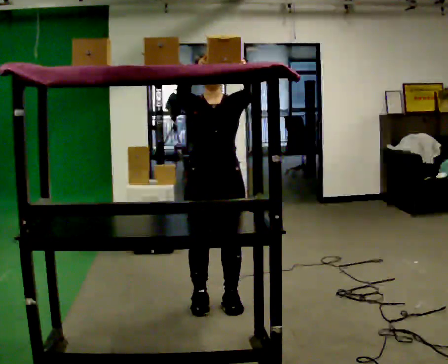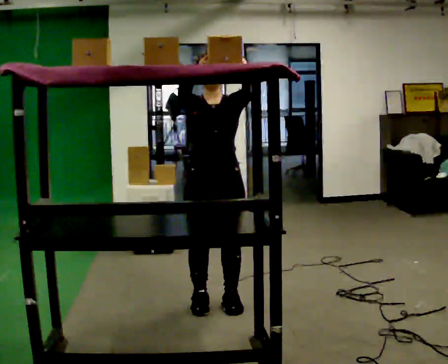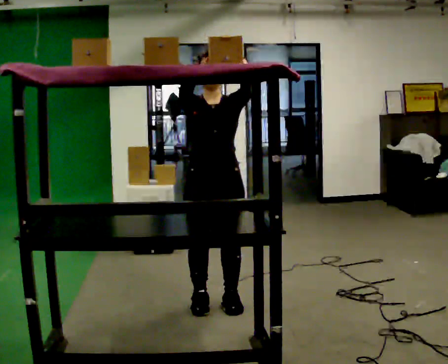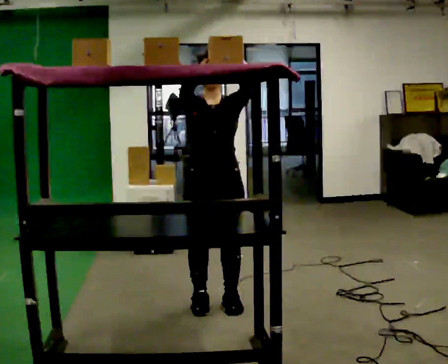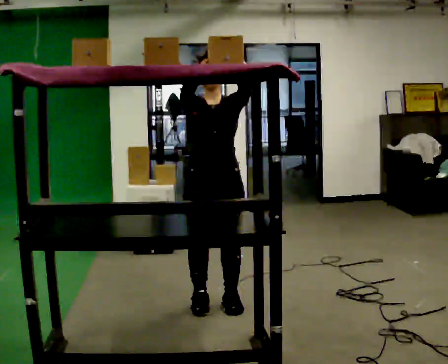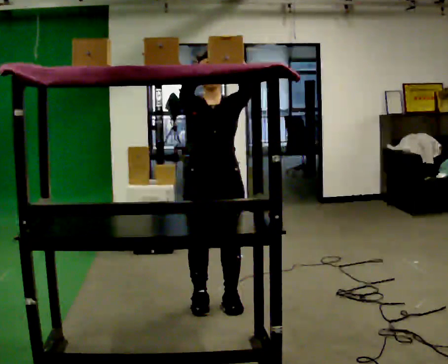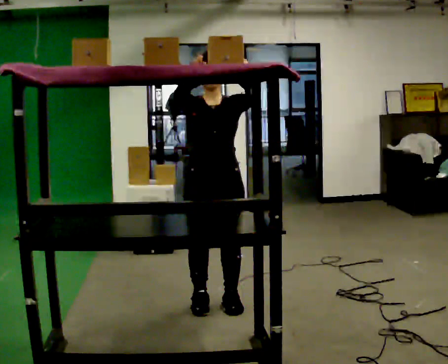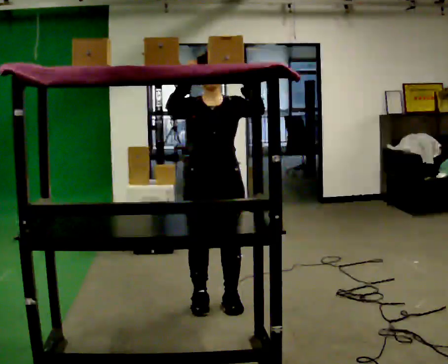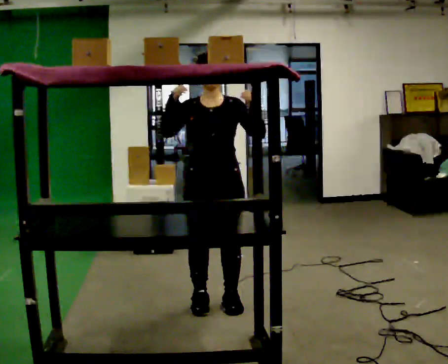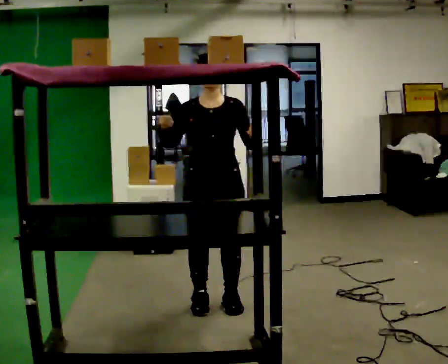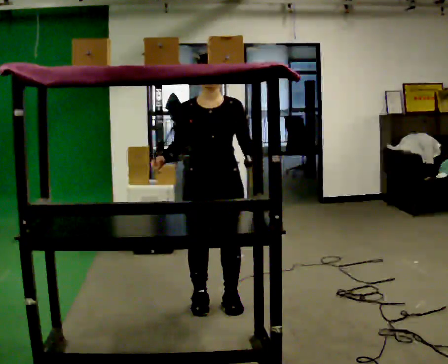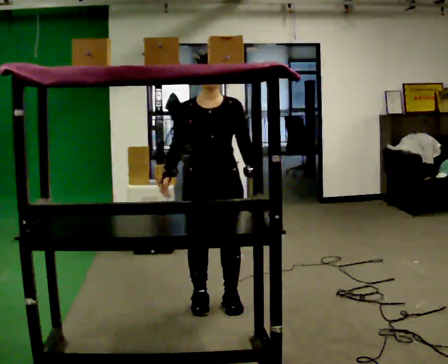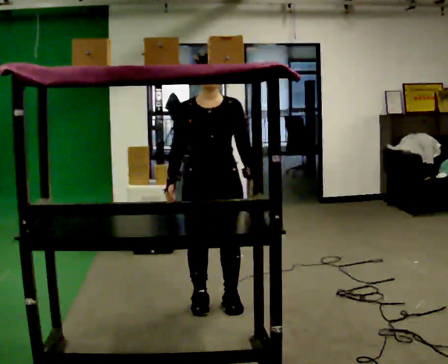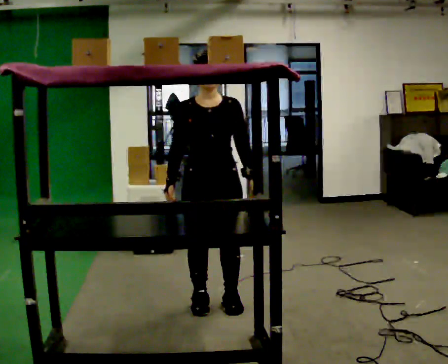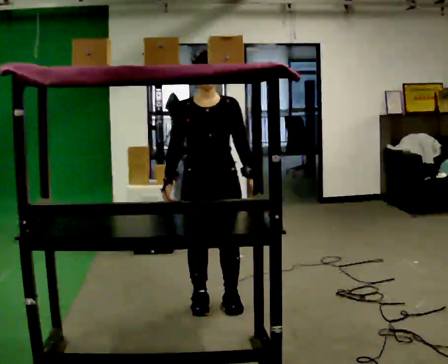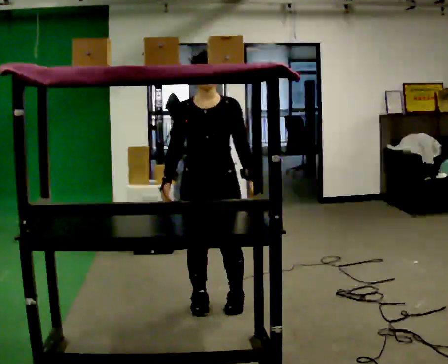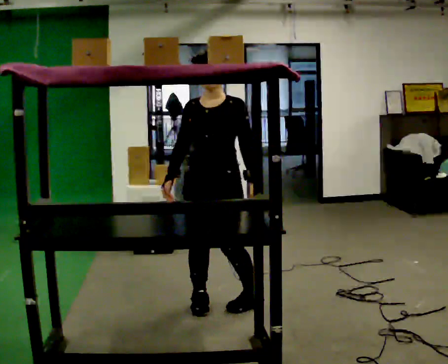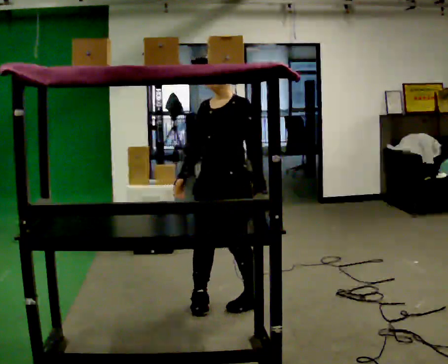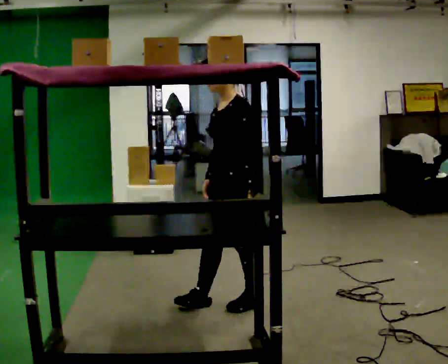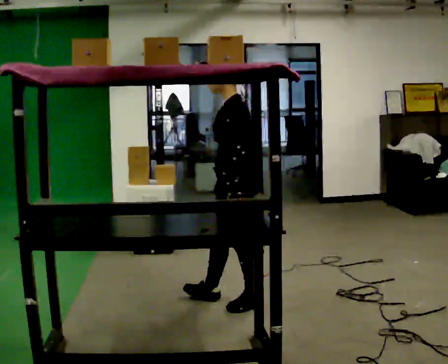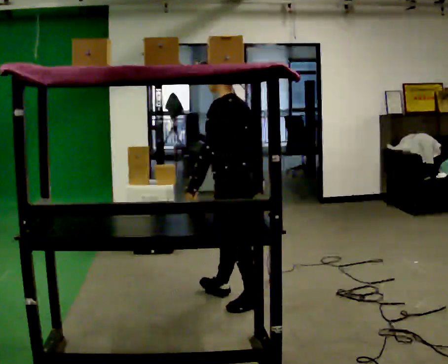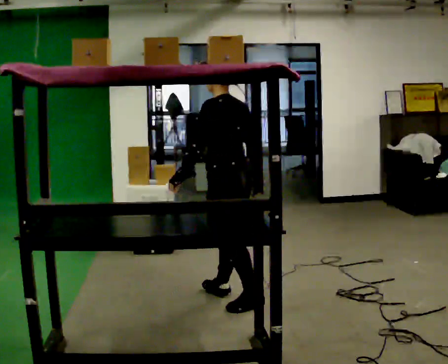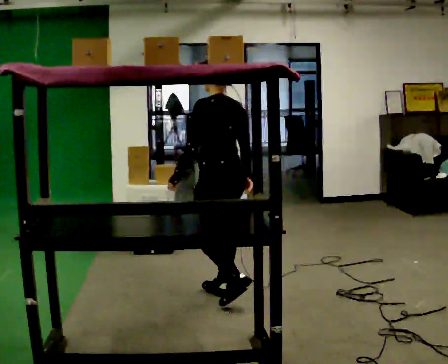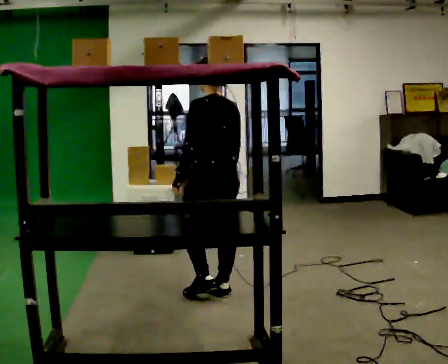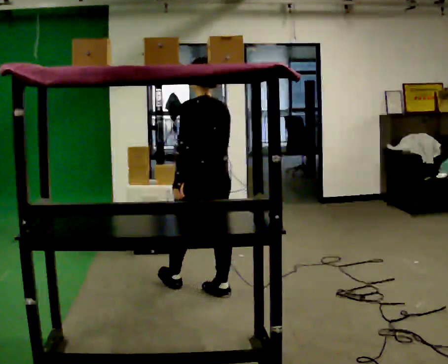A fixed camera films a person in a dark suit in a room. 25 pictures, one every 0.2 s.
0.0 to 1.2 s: The person moves a little, or ends about where they began.
1.2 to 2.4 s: In the picture their left hand goes downward.
2.4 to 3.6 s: The person turns about 75 degrees to their right, clockwise seen from above, so the part of the body nearest the lens slides to the left. In the picture they go to the right, about 0.25 m in 1 step.
3.6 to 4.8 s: The part of the body nearest the lens slides to the left as the person turns to their right by about 75 degrees. In the picture they go away from the camera and to the left, about 0.25 m in 1 step.
The film runs forward here.
